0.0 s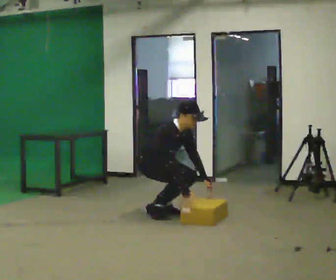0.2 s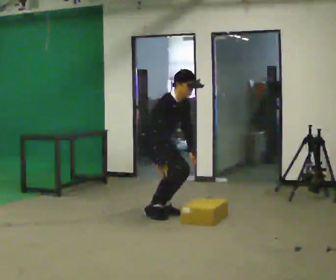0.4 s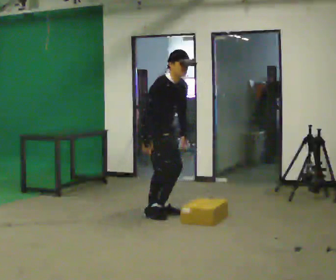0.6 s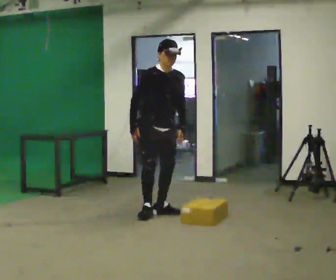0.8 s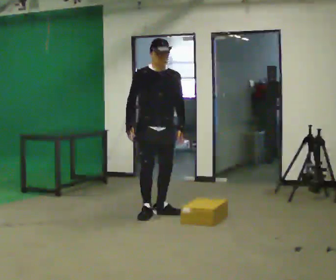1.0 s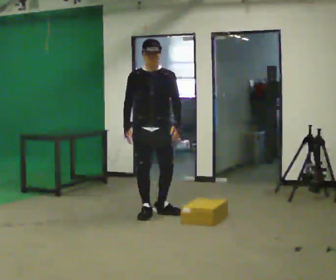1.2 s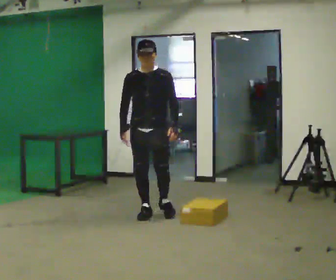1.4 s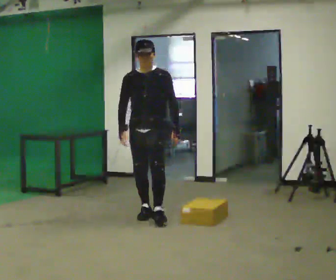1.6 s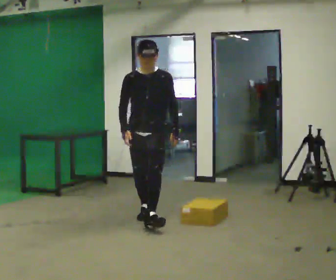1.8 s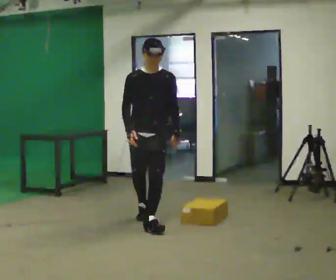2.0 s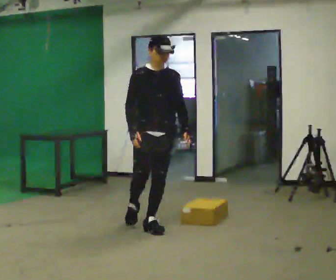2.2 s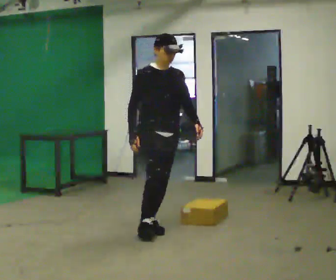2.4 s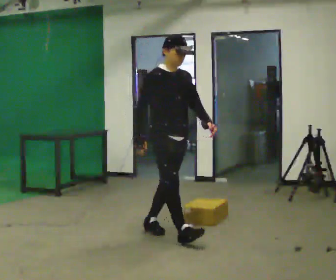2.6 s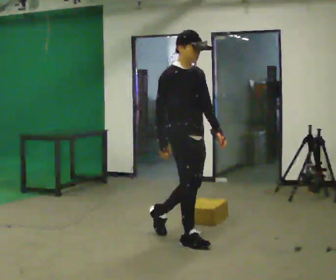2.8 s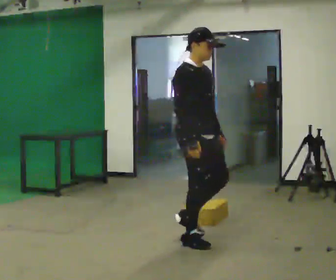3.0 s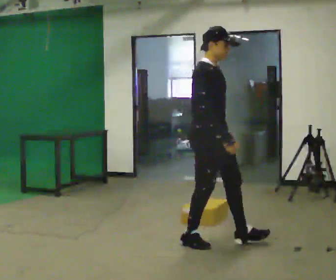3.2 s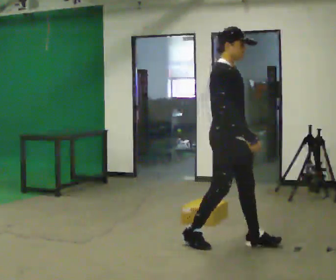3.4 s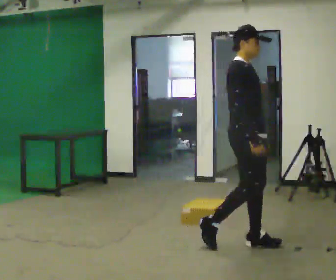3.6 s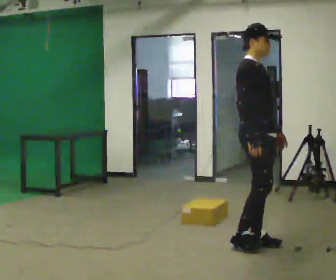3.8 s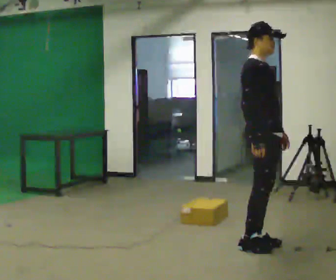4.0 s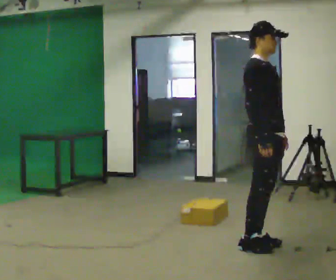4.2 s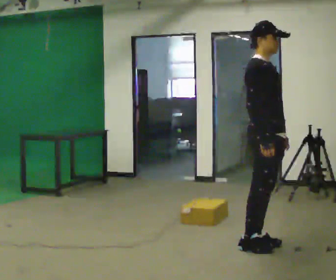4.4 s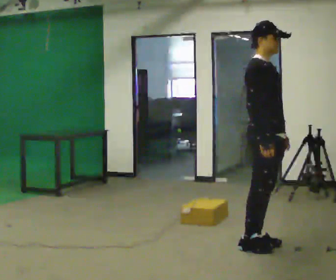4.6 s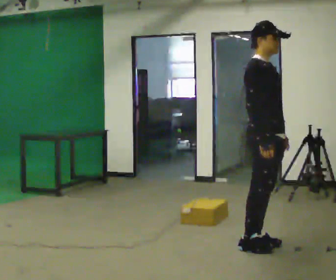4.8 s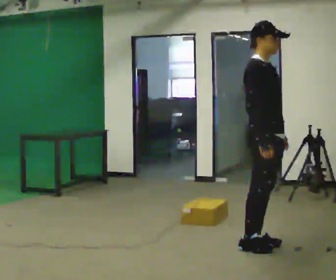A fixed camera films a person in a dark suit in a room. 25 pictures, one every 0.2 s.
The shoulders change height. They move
upward.
The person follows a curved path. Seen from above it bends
counterclockwise.
0.0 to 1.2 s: The person turns about 60 degrees to their right, clockwise seen from above, so the part of the body nearest the lens slides to the left. The shoulders move upward. In the picture the upper body tilts counterclockwise, shoulders to the left, as they lean back or straighten. In the picture their left hand goes upward.
1.2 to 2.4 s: Seen from above the body turns counterclockwise, about 45 degrees: to their left, with its near side sliding to the right. In the picture they go toward the camera, about 1 m in 1 step, which for them is forward.
2.4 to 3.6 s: The person turns about 30 degrees to their left, counterclockwise seen from above, so the part of the body nearest the lens slides to the right. In the picture they go to the right and toward the camera, about 1 m in 2 steps, which for them is forward.
3.6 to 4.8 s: The person moves a little, or ends about where they began.
The film runs forward here.
